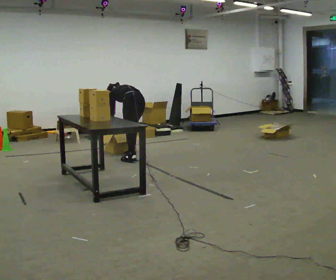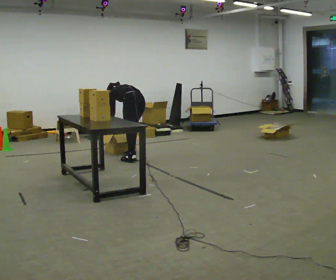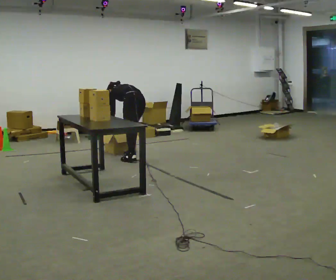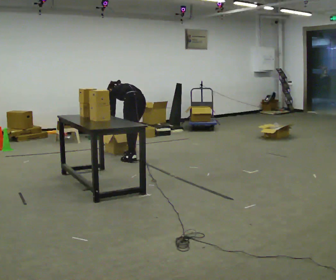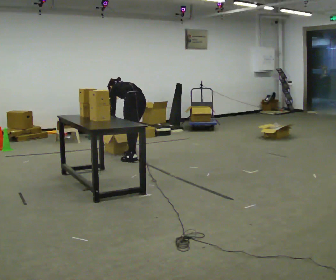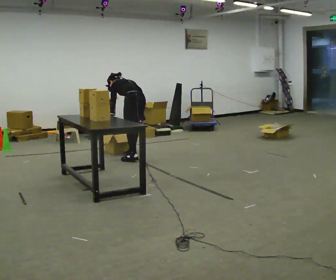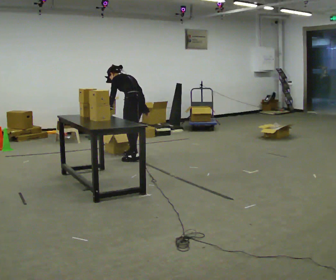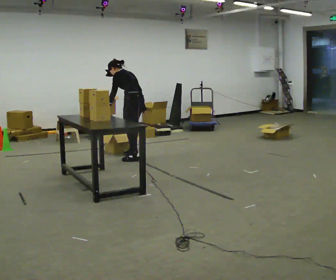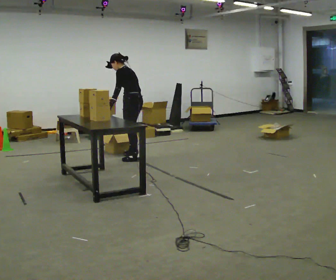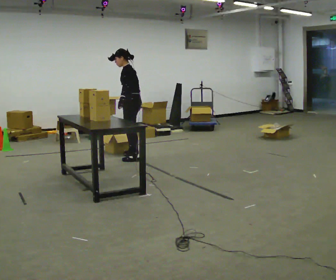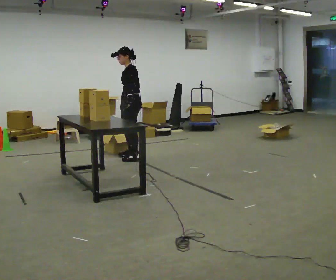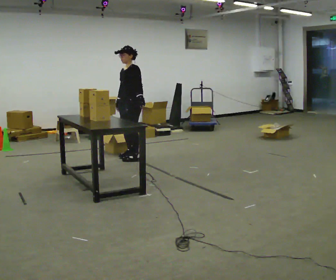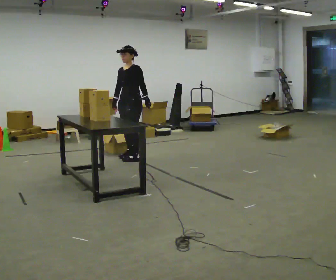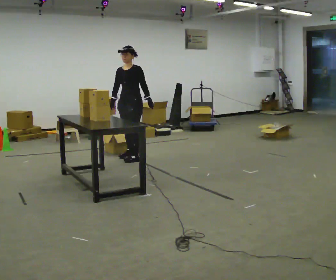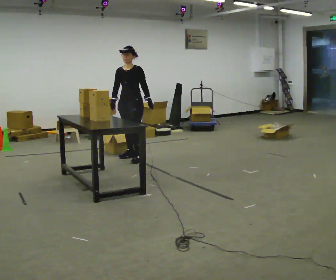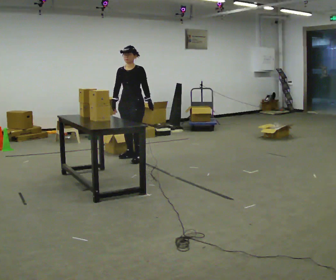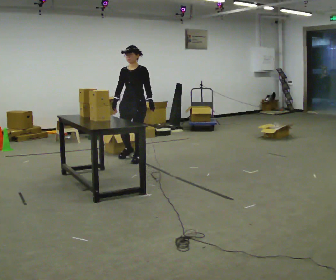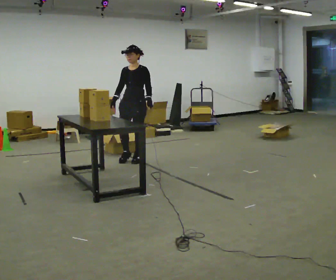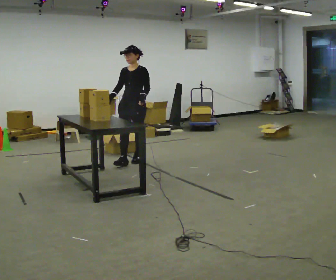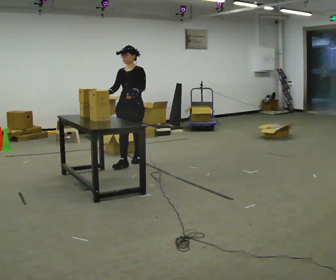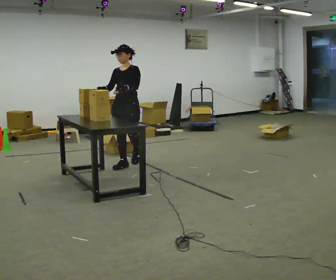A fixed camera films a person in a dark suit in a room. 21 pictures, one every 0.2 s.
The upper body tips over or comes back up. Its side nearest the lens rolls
downward.
The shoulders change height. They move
upward.
0.0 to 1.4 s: The shoulders move upward. The upper body tips toward the camera, its near side rolling downward, as they lean back or straighten. In the picture their right hand goes upward.
1.4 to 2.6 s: The part of the body nearest the lens slides to the right as the person turns to their left by about 90 degrees. The upper body tips toward the camera, its near side rolling downward, as they lean back or straighten. In the picture their left hand goes to the right, the arm swinging counterclockwise.
2.6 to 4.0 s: In the picture they go toward the camera, about 0.5 m in 1 step, which for them is forward.
The film runs forward here.
